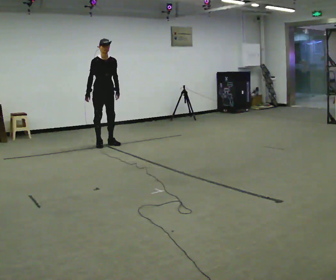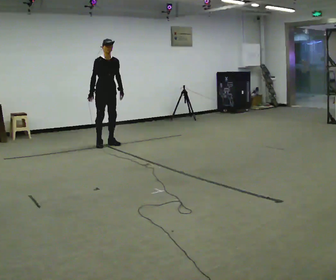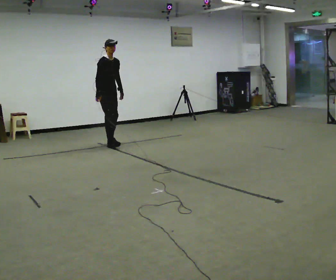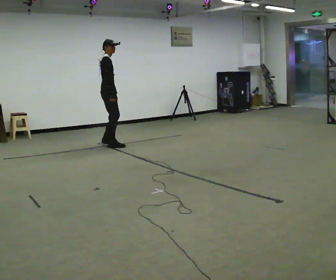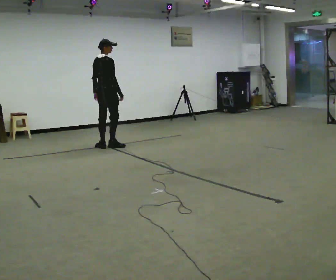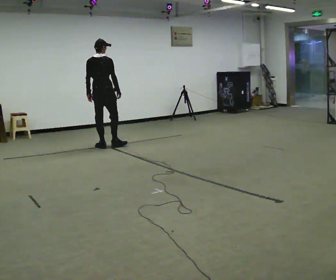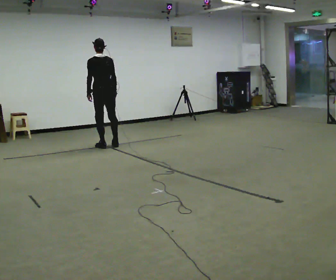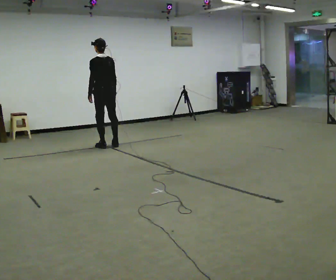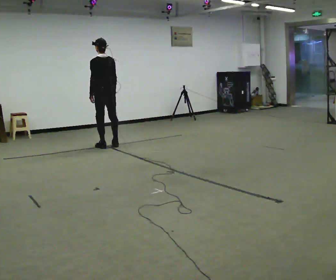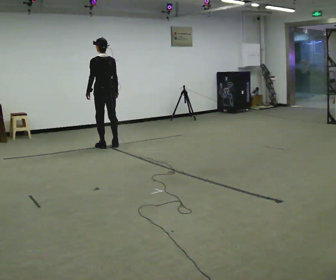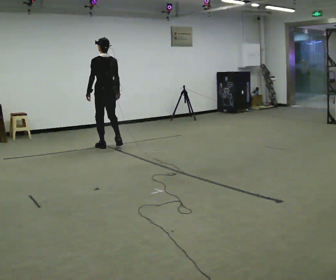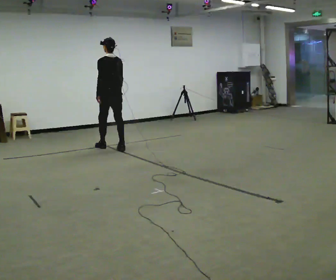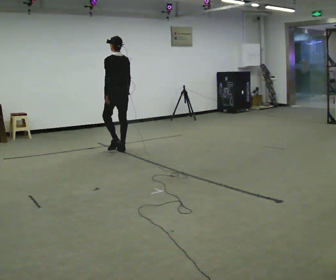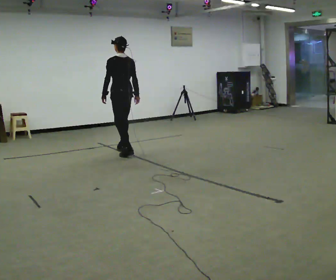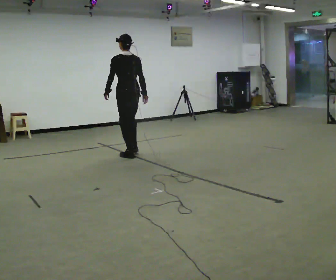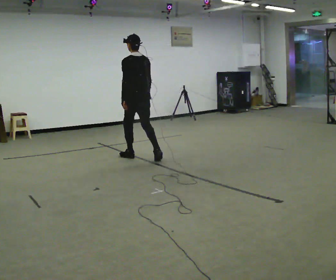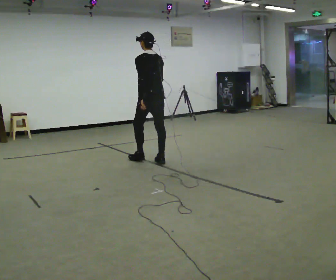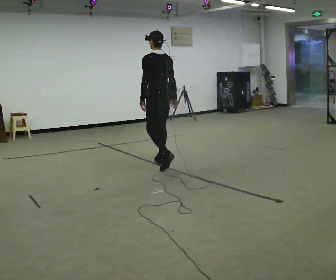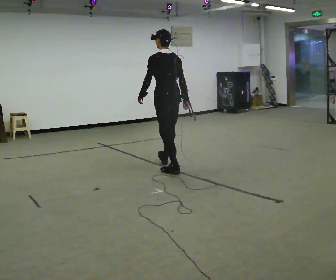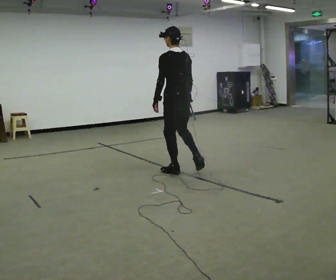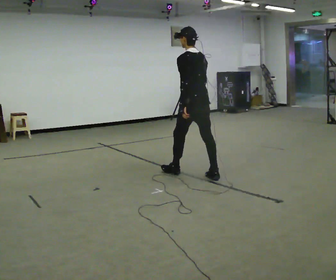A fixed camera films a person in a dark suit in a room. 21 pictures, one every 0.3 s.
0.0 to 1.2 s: The part of the body nearest the lens slides to the right as the person turns to their left by about 120 degrees. In the picture they go toward the camera, about 0.25 m in 2 steps. In the picture their right hand goes to the right, the arm swinging counterclockwise.
1.2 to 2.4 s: The part of the body nearest the lens slides to the right as the person turns to their left by about 75 degrees.
2.4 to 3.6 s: In the picture they go toward the camera and to the right, about 0.5 m in 2 steps, which for them is backward.
3.6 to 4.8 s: In the picture they go toward the camera and to the right, about 1 m in 2 steps, which for them is backward.
4.8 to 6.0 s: In the picture they go toward the camera and to the right, about 1 m in 2 steps, which for them is backward.
The film runs backward here.
